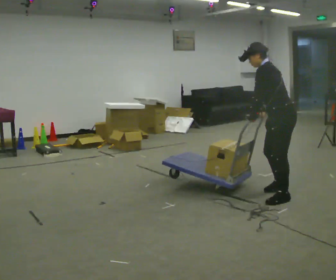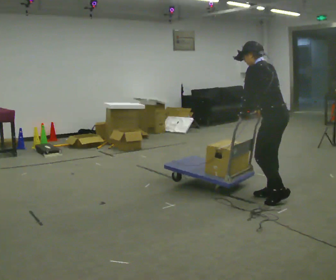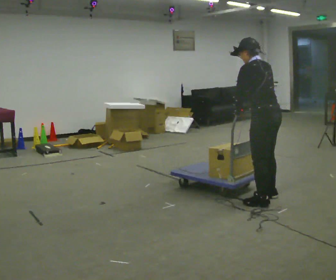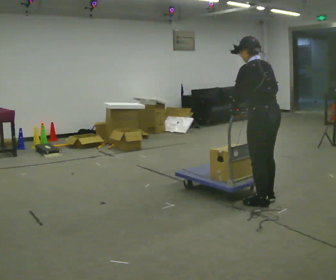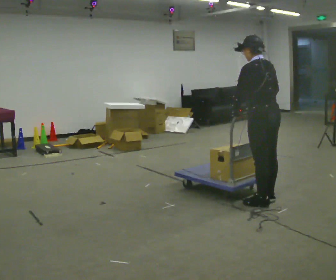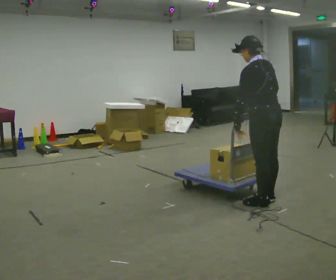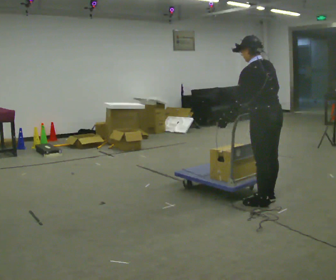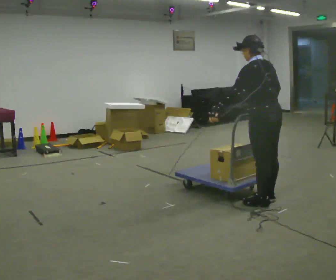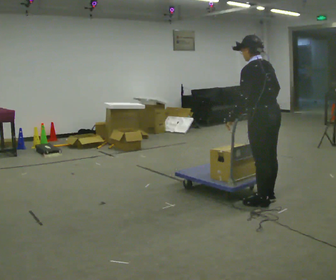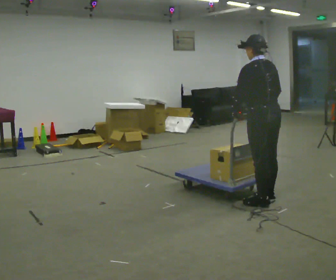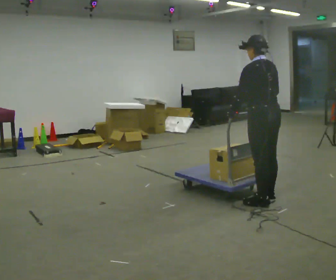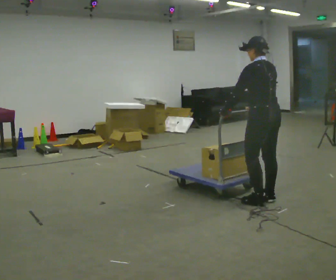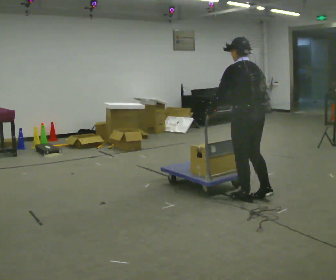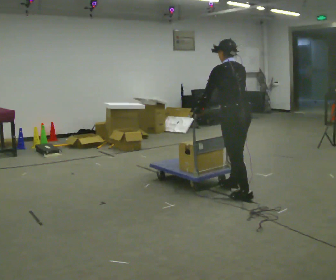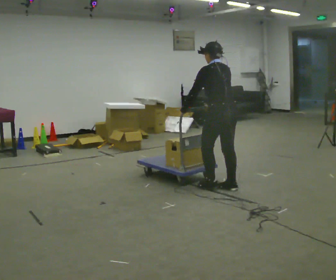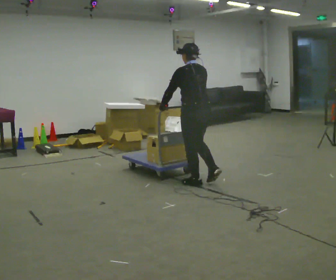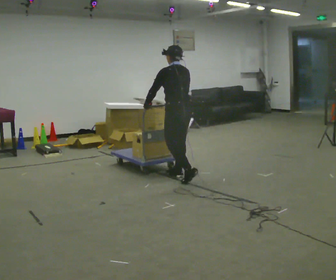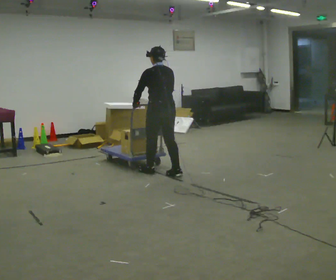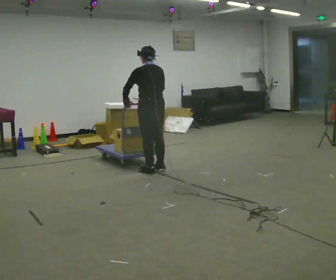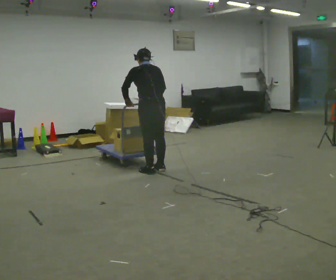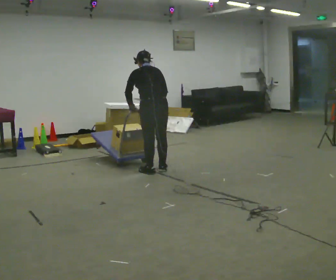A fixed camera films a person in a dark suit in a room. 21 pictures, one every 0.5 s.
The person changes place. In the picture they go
to the left.
0.0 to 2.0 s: Seen from above the body turns clockwise, about 45 degrees: to their right, with its near side sliding to the left. In the picture they go toward the camera and to the left, about 0.25 m in 2 steps, which for them is to their left. In the picture the upper body tilts clockwise, shoulders to the right, as they lean back or straighten.
2.0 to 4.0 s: The person moves a little, or ends about where they began.
4.0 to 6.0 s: In the picture they go to the left, about 0.25 m in 1 step, which for them is forward.
6.0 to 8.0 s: In the picture they go to the left and away from the camera, about 1 m in 3 steps, which for them is forward.
8.0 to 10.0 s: In the picture they go to the left, about 0.5 m in 2 steps, which for them is forward.
The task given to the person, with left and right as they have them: Stand still with your hands on the cart. When the operator says go, get it moving, push it a few metres, then bring it to a stop. Repeat until the operator says stop.
The film runs forward here.
